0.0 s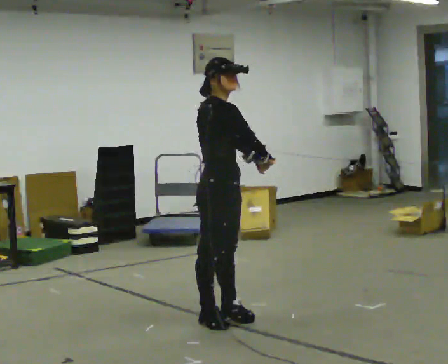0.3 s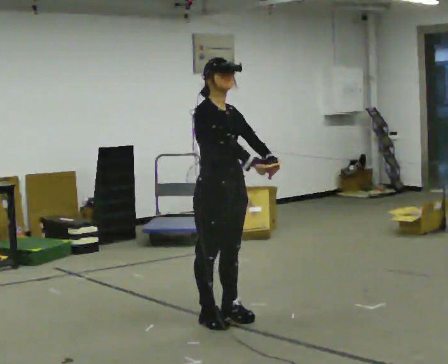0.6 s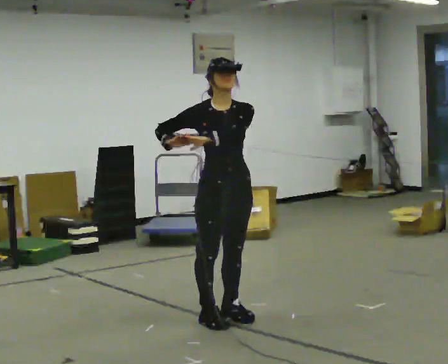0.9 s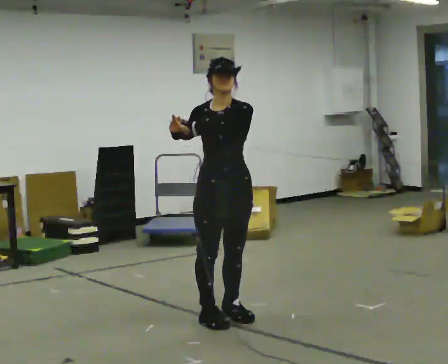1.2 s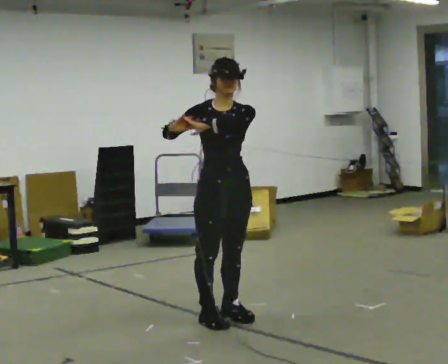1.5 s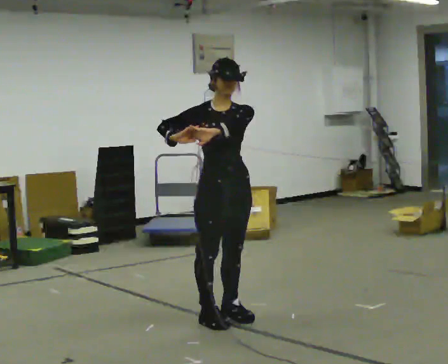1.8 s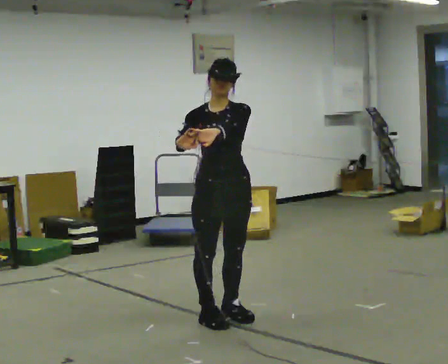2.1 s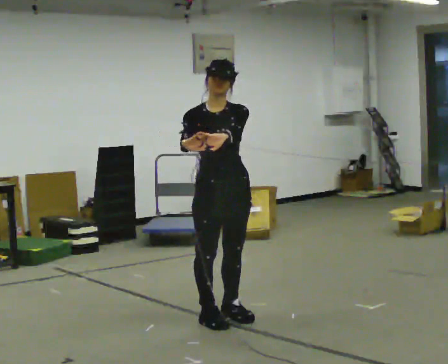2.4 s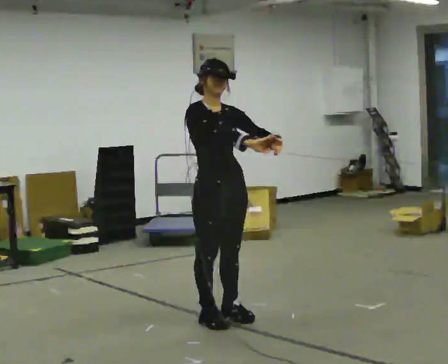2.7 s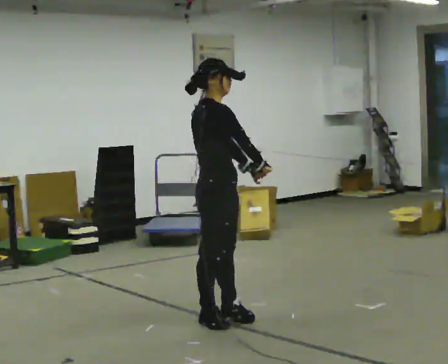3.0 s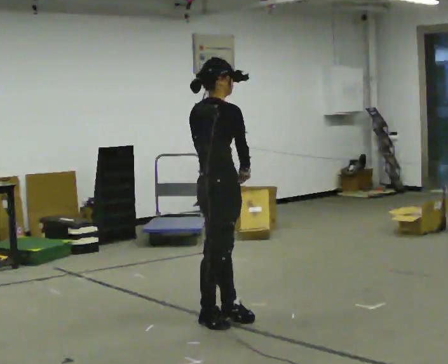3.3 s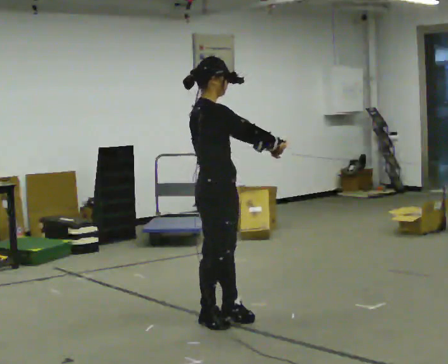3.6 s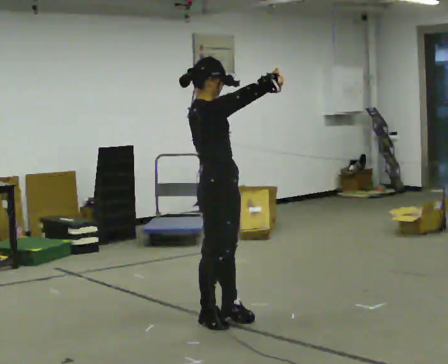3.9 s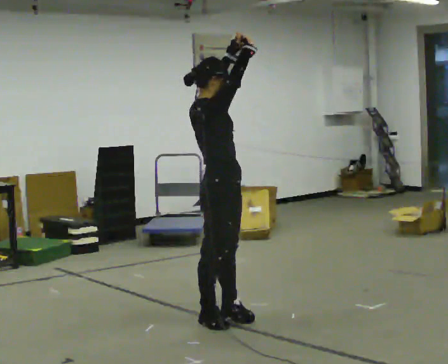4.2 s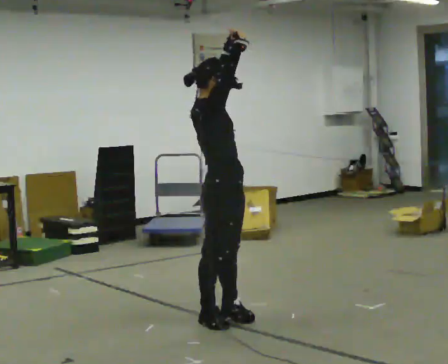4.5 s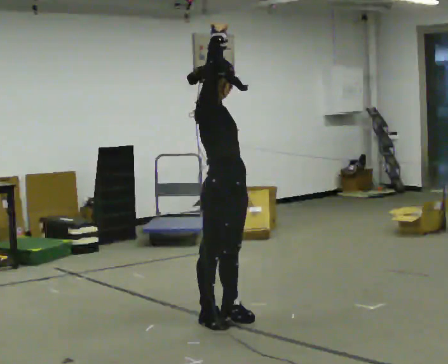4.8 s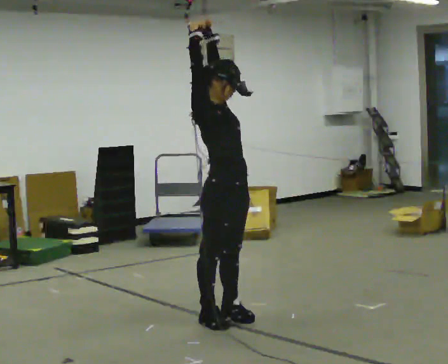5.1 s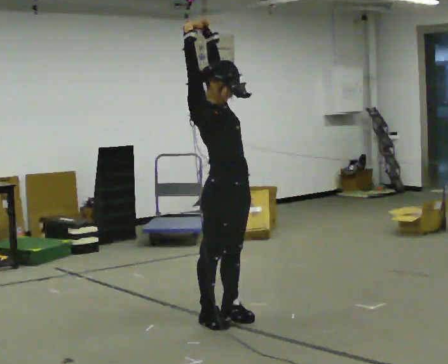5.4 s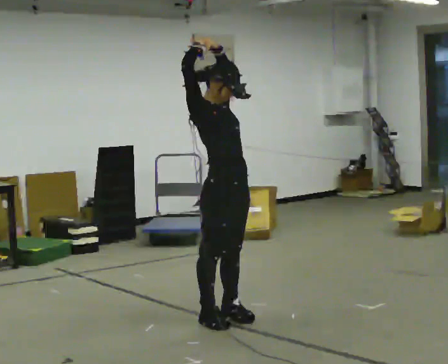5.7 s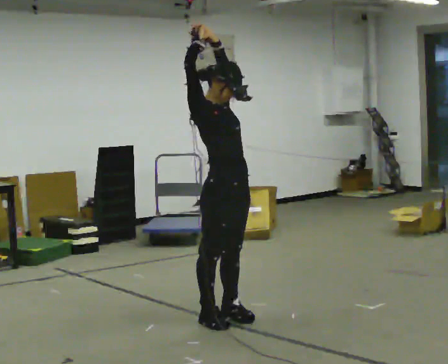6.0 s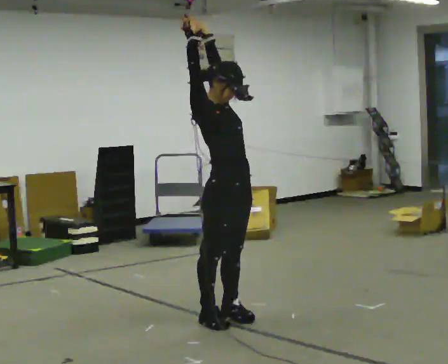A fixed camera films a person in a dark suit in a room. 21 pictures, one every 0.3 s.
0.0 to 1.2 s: The part of the body nearest the lens slides to the left as the person turns to their right by about 45 degrees. In the picture their left hand goes to the left.
1.2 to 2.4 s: In the picture their right hand goes to the right.
2.4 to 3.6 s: The person turns about 45 degrees to their left, counterclockwise seen from above, so the part of the body nearest the lens slides to the right. In the picture their left hand goes upward.
3.6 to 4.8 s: In the picture their right hand goes to the left, the arm swinging counterclockwise.
4.8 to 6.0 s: The person moves a little, or ends about where they began.
The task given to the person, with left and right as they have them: Reach as far as you comfortably can in each direction the operator calls: up, down, forward, each side, and behind. Hold each one briefly. Keep both feet on the marked spots for the whole take. If you have to step, stop and tell the operator.
The film runs forward here.
